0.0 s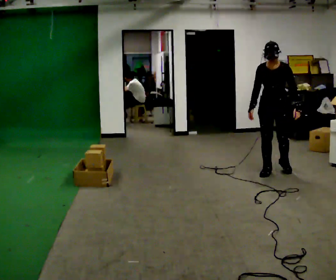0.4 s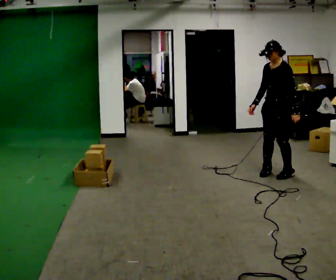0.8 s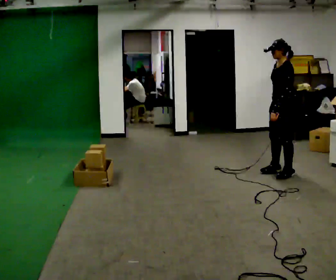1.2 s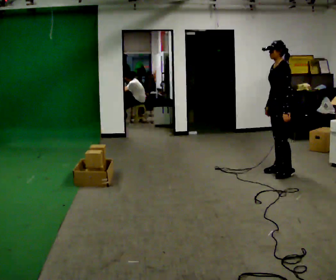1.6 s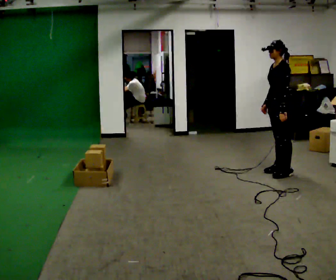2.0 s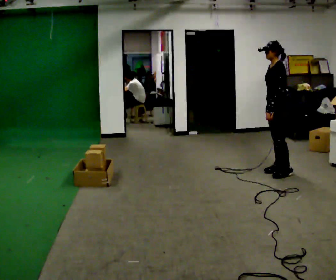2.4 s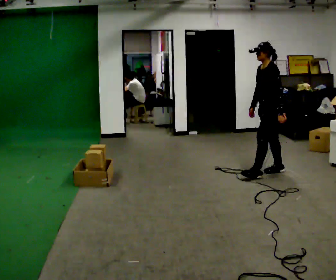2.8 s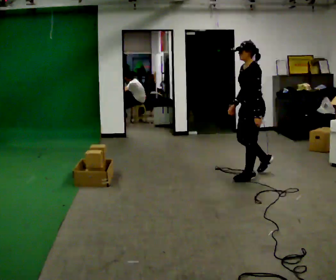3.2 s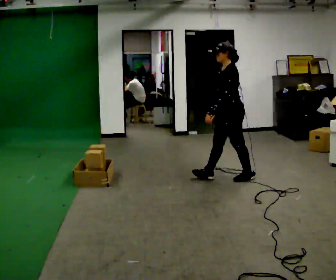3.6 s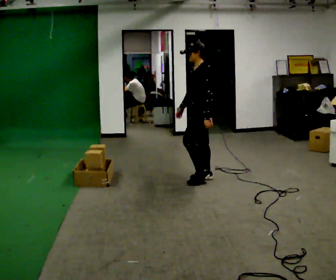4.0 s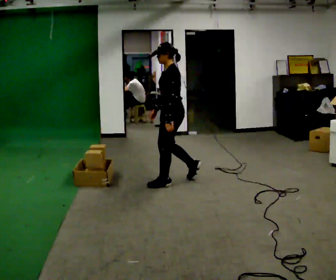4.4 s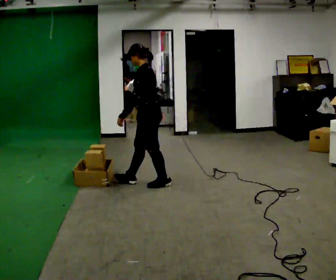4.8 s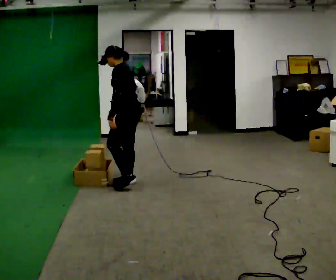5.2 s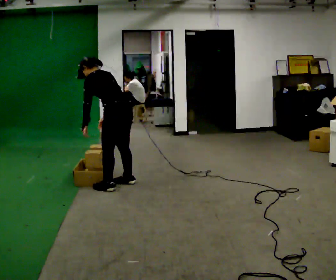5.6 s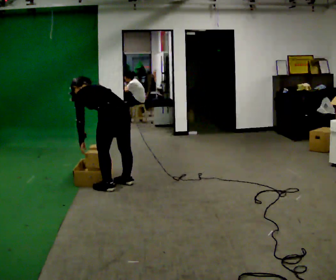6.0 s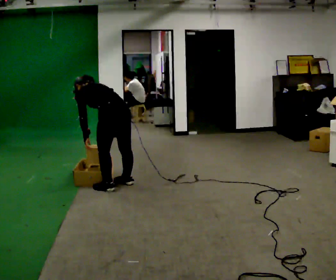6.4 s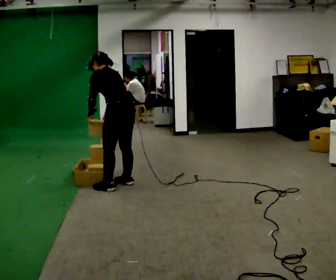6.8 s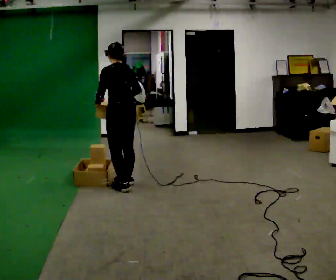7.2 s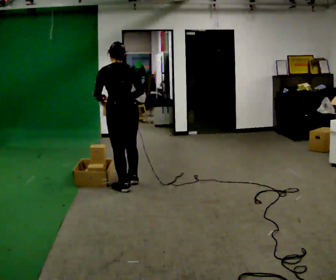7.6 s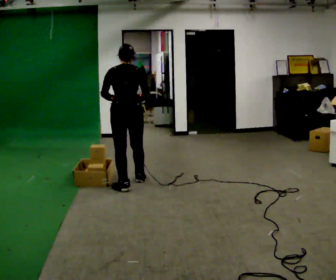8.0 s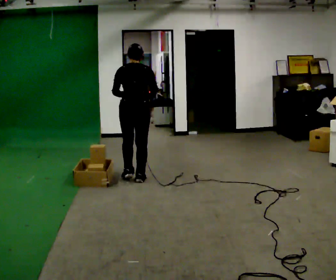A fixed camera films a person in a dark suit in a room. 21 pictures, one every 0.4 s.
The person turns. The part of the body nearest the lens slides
to the left.
The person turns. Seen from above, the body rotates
clockwise.
0.0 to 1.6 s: The person turns about 60 degrees to their right, clockwise seen from above, so the part of the body nearest the lens slides to the left.
1.6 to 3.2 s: In the picture they go to the left, about 0.75 m in 1 step, which for them is forward.
3.2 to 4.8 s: In the picture they go to the left, about 1 m in 3 steps, which for them is forward.
4.8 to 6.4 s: Seen from above the body turns clockwise, about 30 degrees: to their right, with its near side sliding to the left.
6.4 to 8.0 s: The person turns about 45 degrees to their right, clockwise seen from above, so the part of the body nearest the lens slides to the left. In the picture they go away from the camera, about 0.25 m, which for them is to their right and forward. In the picture the upper body tilts clockwise, shoulders to the right, as they lean back or straighten.
The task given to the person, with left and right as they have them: Take the objects from the bin one at a time and put one in each of the places the operator points out. Keep going until the operator says stop; one object at a time, and do not rush between trips.
The film runs forward here.
